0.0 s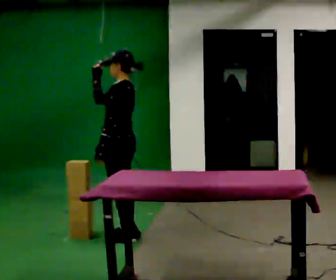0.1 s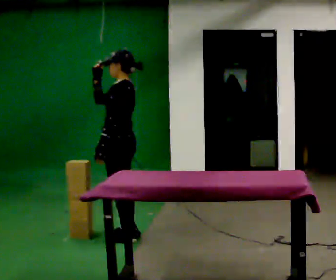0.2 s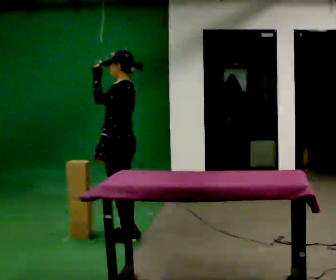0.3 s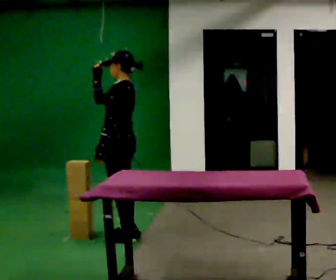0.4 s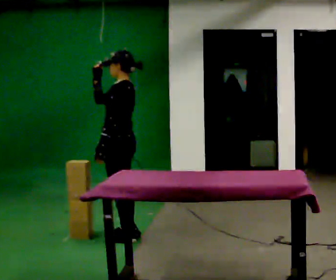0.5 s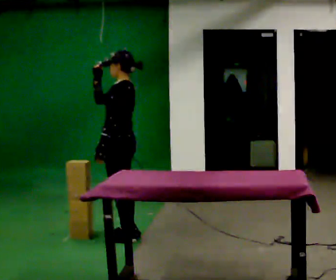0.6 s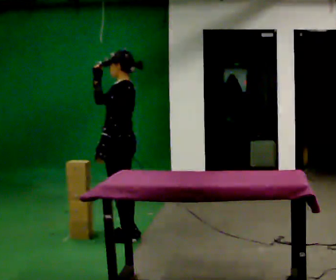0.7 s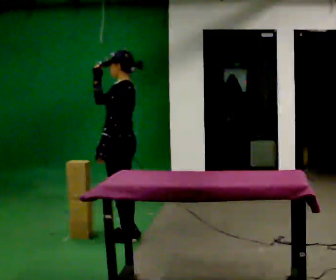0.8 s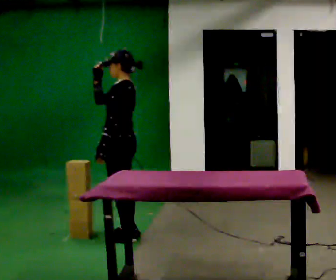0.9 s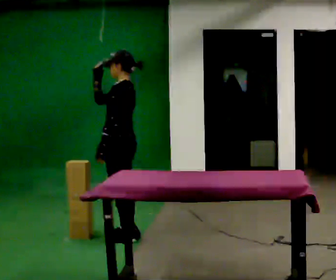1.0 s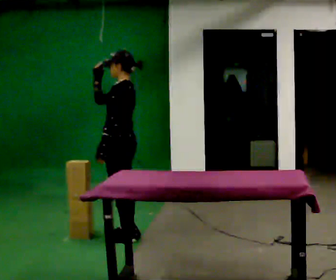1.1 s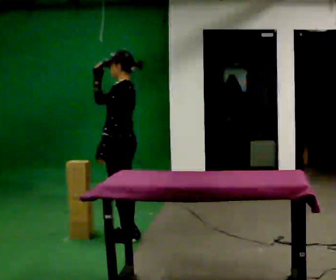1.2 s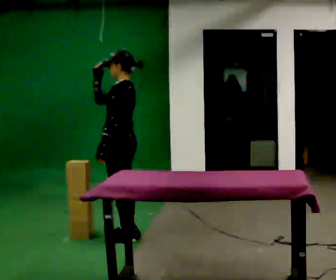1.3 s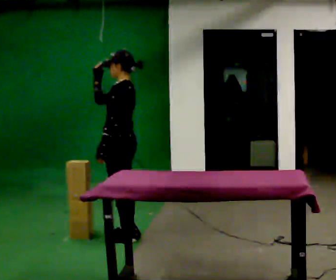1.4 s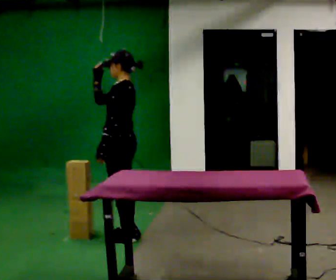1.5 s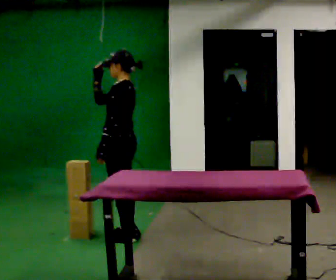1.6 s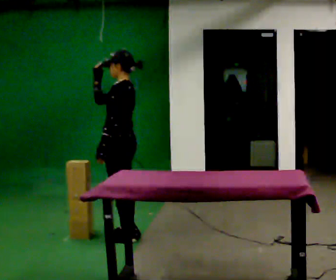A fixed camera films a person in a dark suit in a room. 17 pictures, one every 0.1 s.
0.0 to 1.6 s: The person keeps their place and pose.
The film runs forward here.
